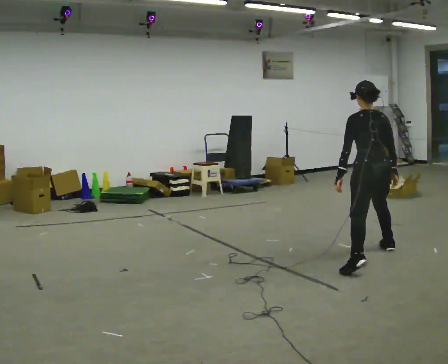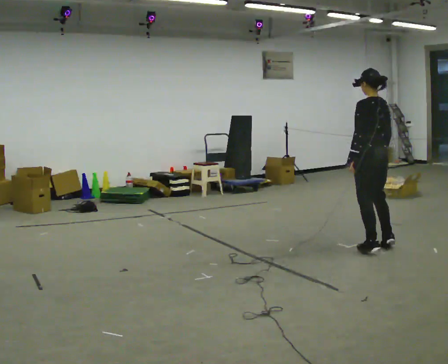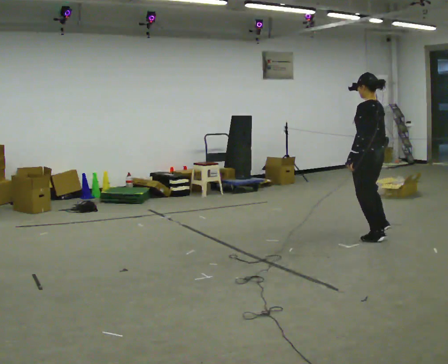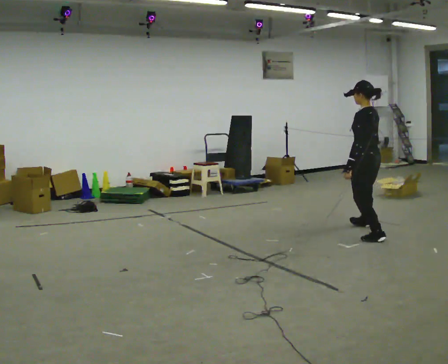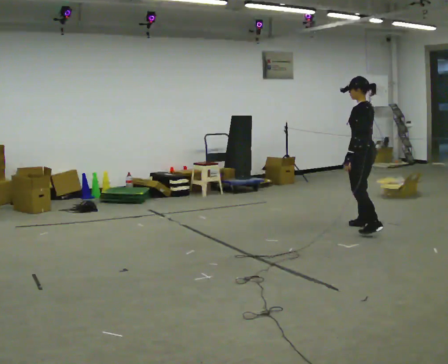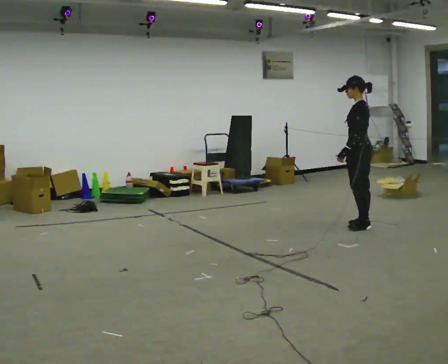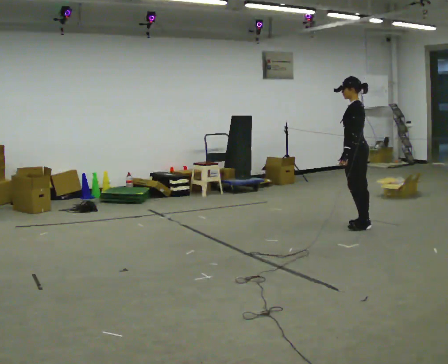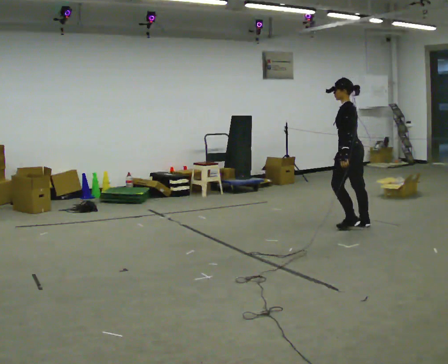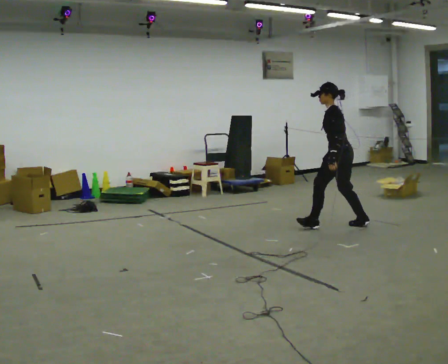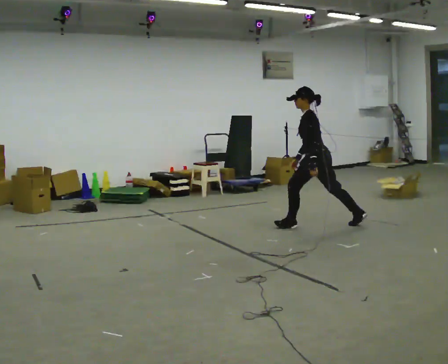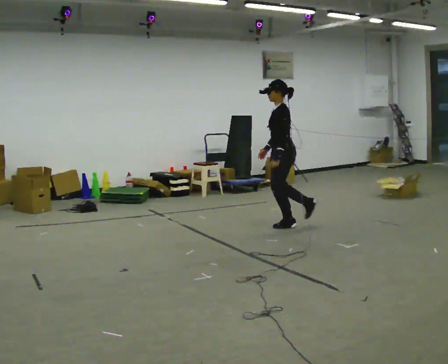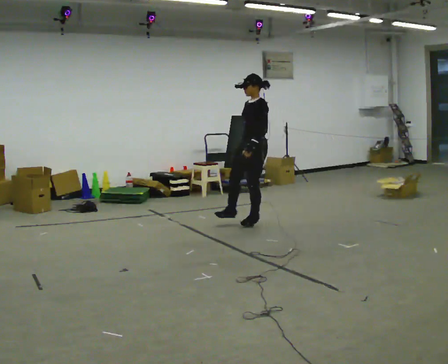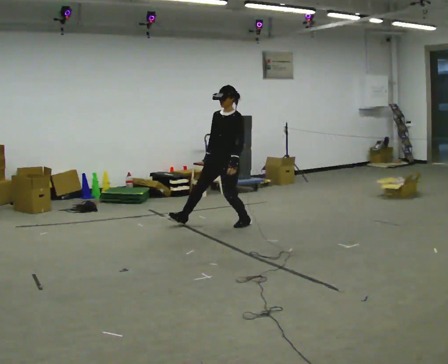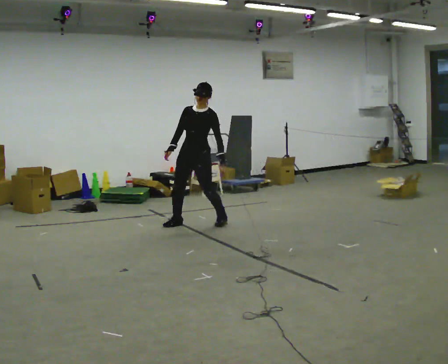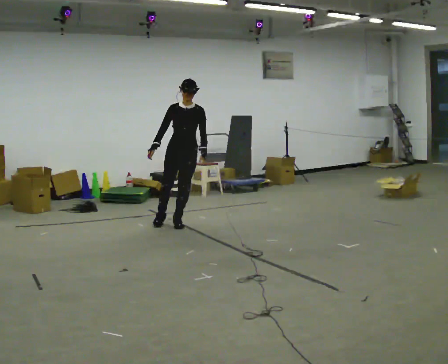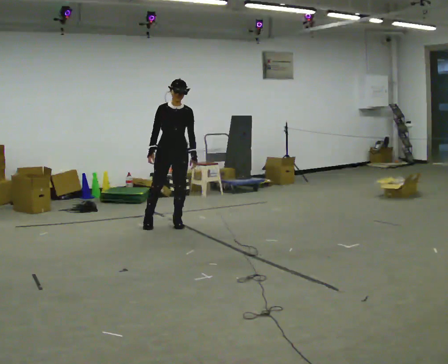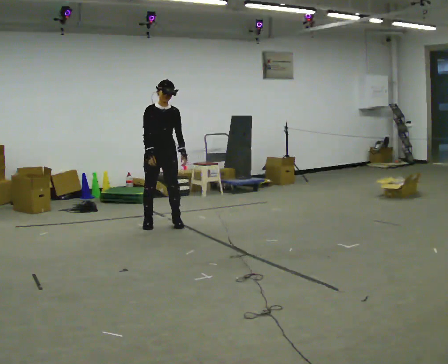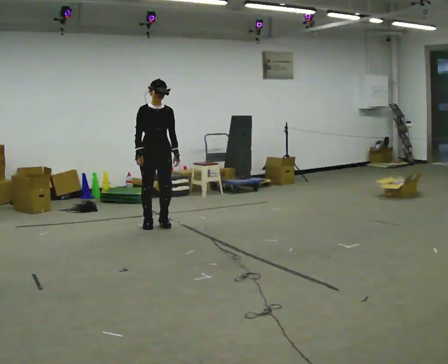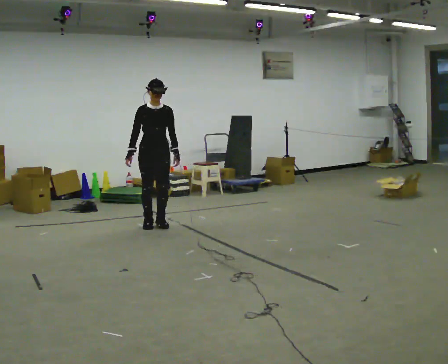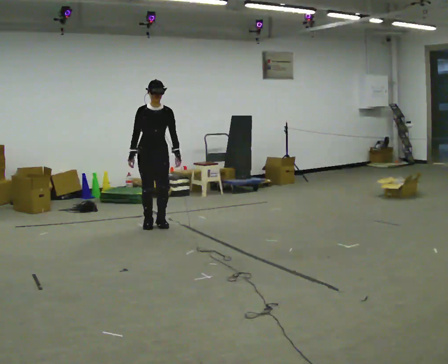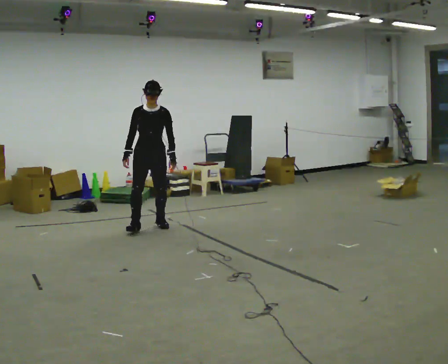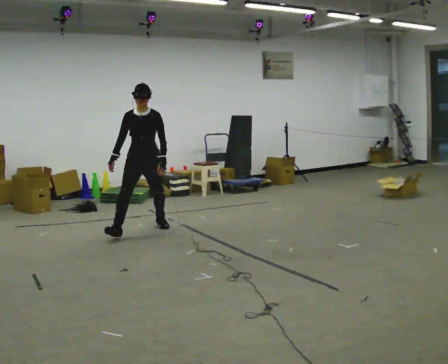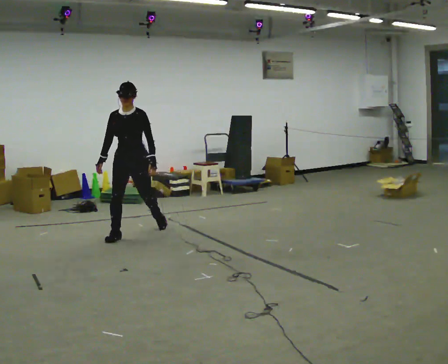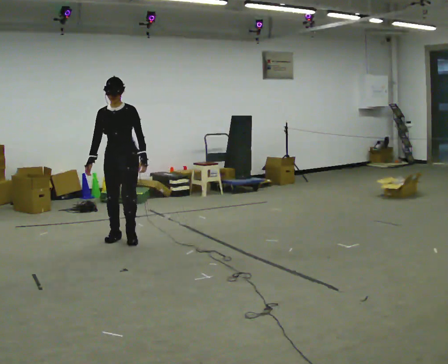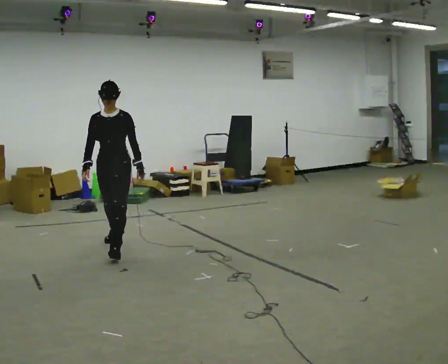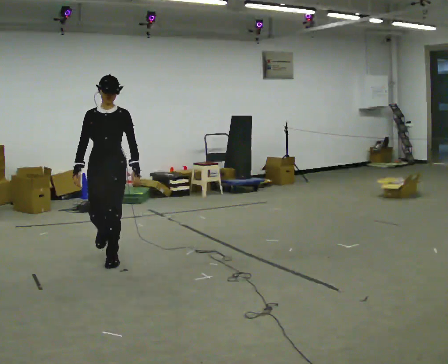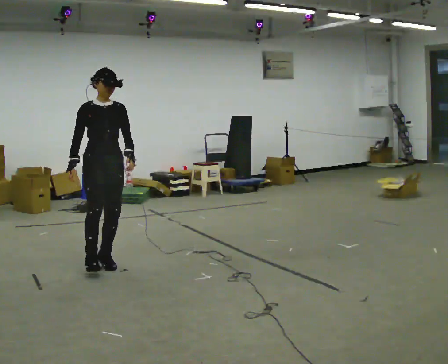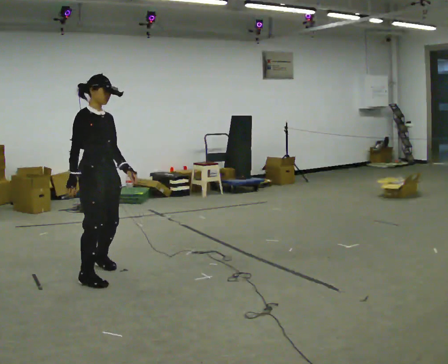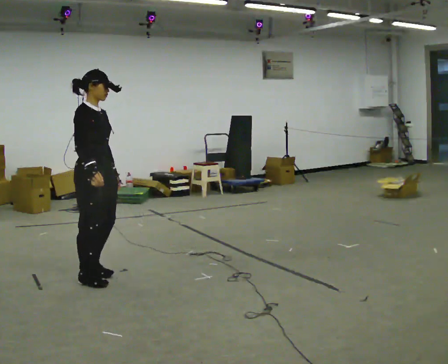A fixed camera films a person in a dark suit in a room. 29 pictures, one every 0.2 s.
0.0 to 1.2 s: Seen from above the body turns counterclockwise, about 60 degrees: to their left, with its near side sliding to the right. In the picture they go away from the camera, about 1 m in 3 steps, which for them is to their right and forward.
1.2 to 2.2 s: The person turns about 45 degrees to their left, counterclockwise seen from above, so the part of the body nearest the lens slides to the right. In the picture they go to the left, about 1 m in 1 step, which for them is forward.
2.2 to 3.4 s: Seen from above the body turns counterclockwise, about 75 degrees: to their left, with its near side sliding to the right. In the picture they go to the left, about 1 m in 4 steps.
3.4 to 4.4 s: In the picture they go toward the camera and to the left, about 0.5 m in 2 steps, which for them is forward and to their right.
4.4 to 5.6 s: The part of the body nearest the lens slides to the right as the person turns to their left by about 75 degrees. In the picture they go toward the camera, about 1.5 m in 3 steps.
The film runs forward here.
